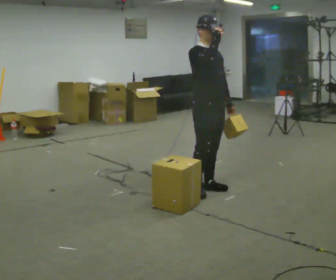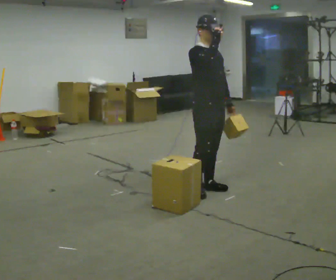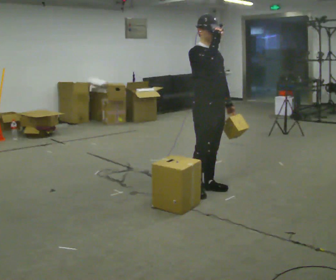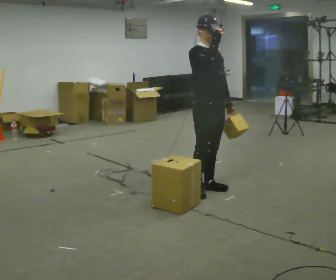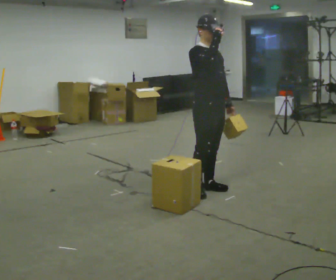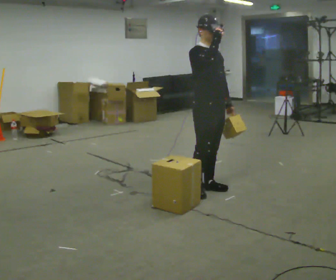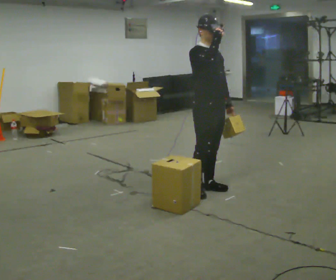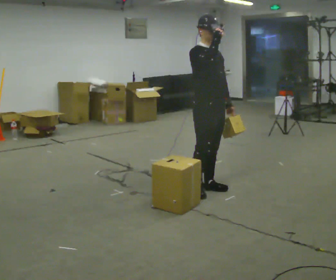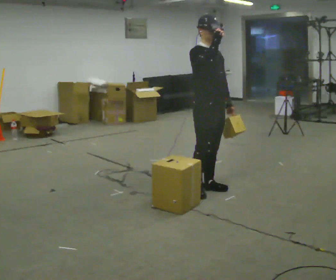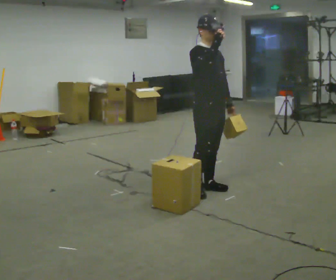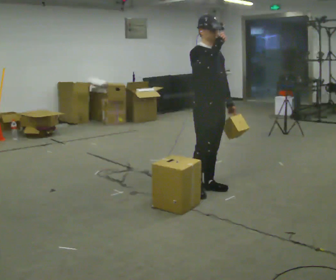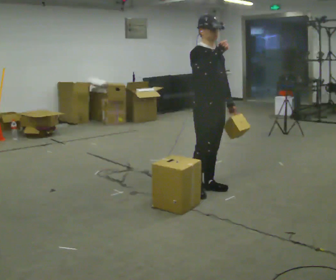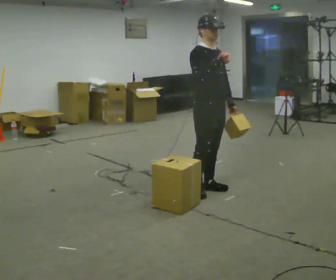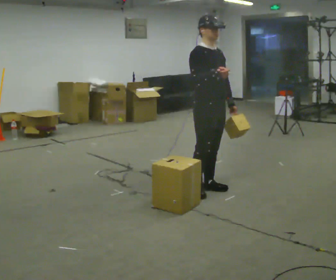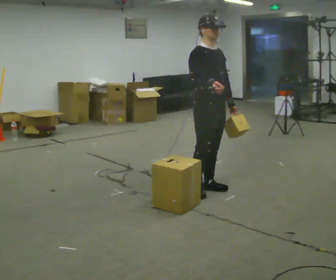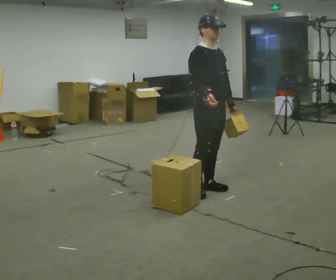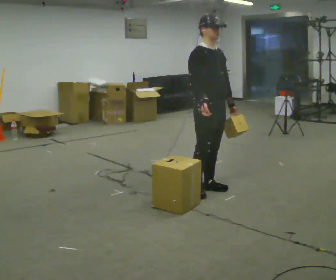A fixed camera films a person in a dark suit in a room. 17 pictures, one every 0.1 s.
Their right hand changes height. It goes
downward.
0.0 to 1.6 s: In the picture their right hand goes downward.
The film runs backward here.
